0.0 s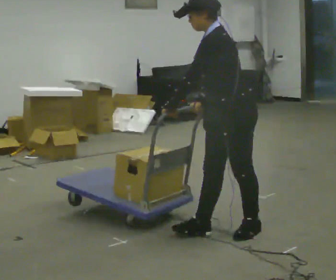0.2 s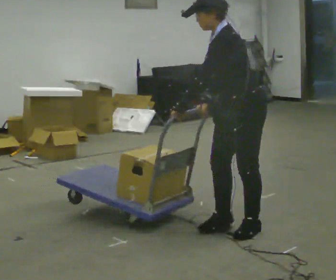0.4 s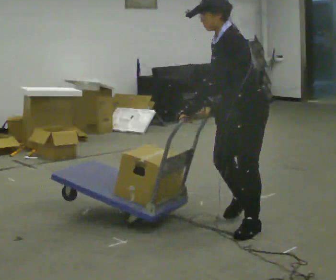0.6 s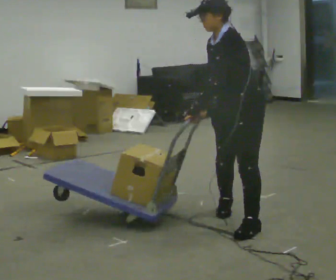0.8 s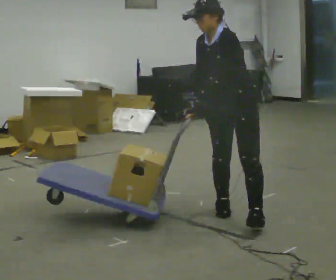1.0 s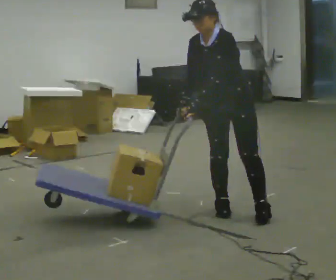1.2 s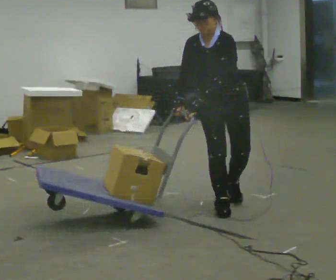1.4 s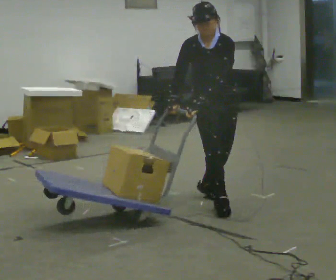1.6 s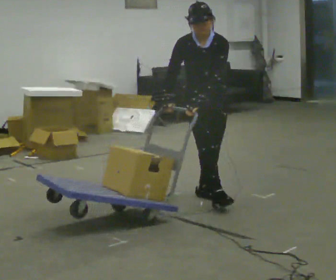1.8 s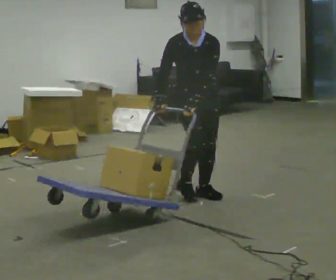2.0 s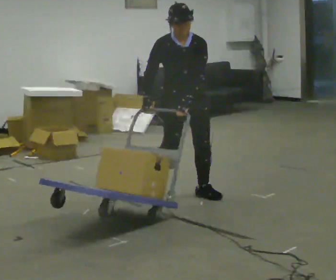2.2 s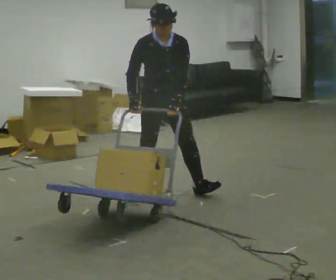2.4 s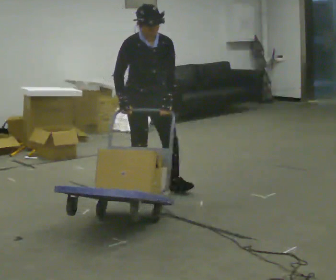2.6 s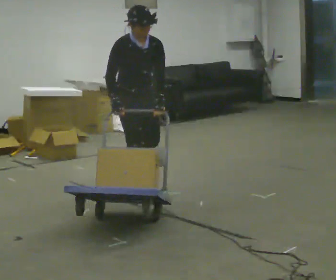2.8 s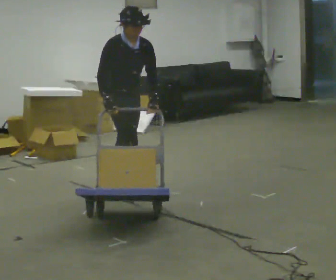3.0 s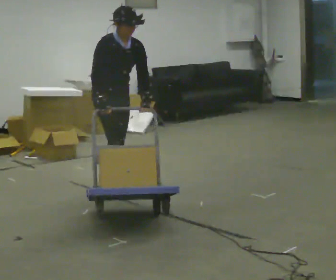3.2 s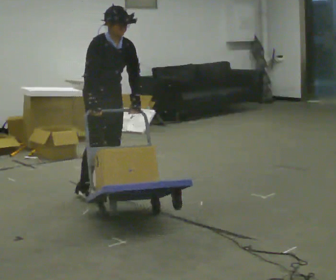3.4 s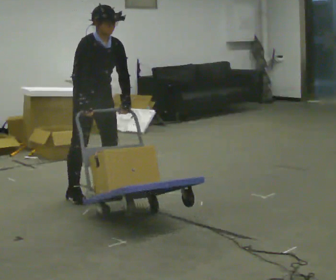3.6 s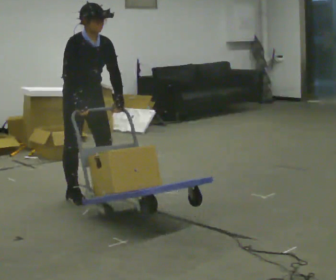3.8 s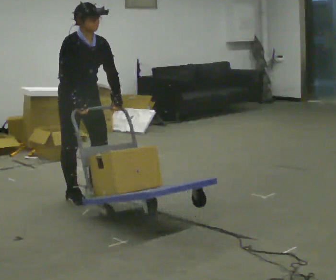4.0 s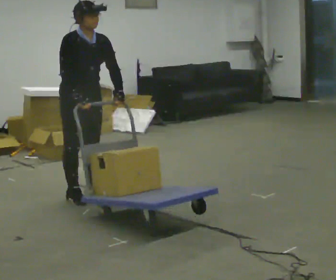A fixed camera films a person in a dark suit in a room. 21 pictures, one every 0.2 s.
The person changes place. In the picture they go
to the left.
The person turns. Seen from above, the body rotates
counterclockwise.
0.0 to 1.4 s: The person turns about 90 degrees to their left, counterclockwise seen from above, so the part of the body nearest the lens slides to the right. In the picture they go away from the camera, about 1 m in 1 step.
1.4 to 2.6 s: The person turns about 30 degrees to their left, counterclockwise seen from above, so the part of the body nearest the lens slides to the right. In the picture they go to the left and away from the camera, about 1 m in 2 steps, which for them is to their right and backward. In the picture the upper body tilts clockwise, shoulders to the right.
2.6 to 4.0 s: In the picture they go to the left and toward the camera, about 0.5 m in 2 steps, which for them is to their right.
The film runs backward here.
